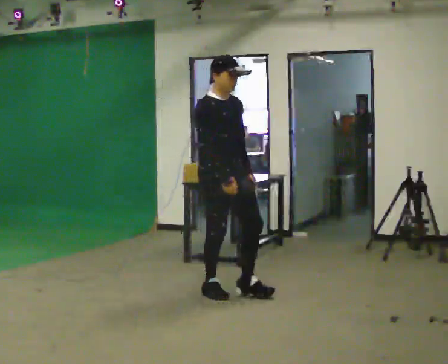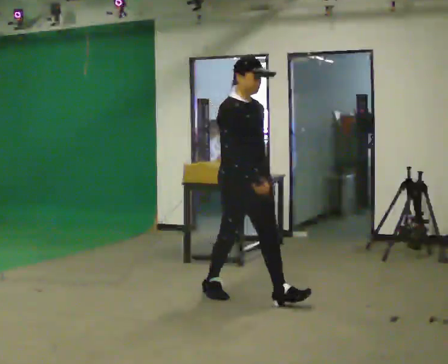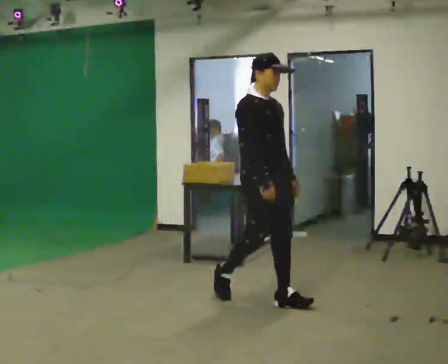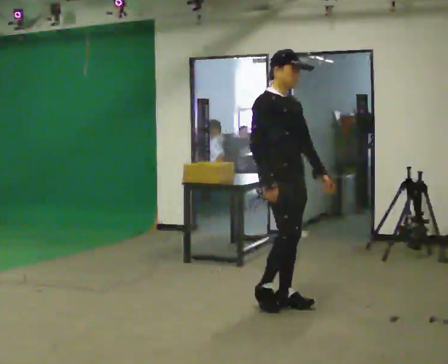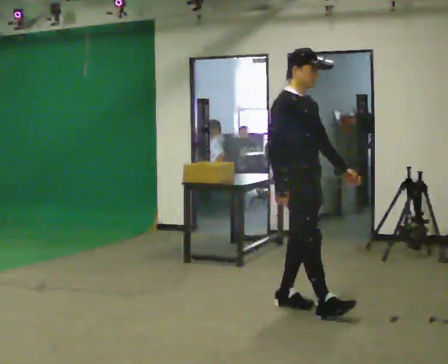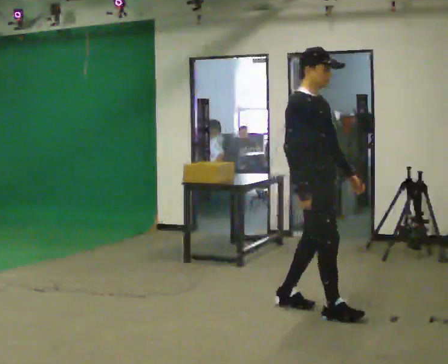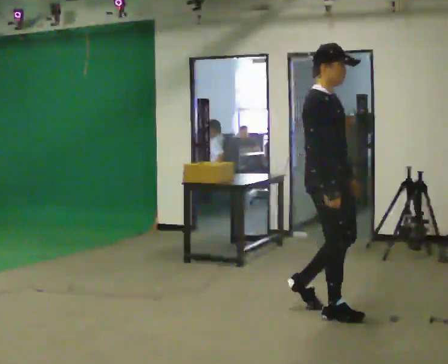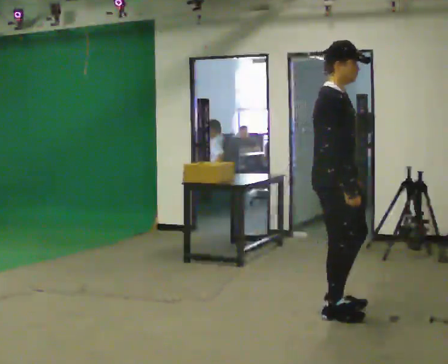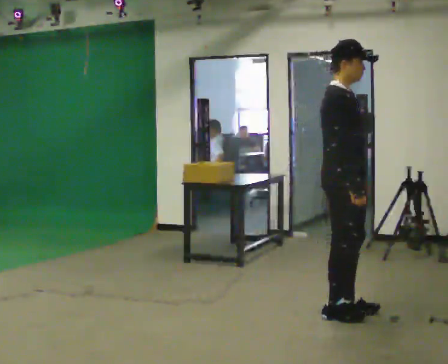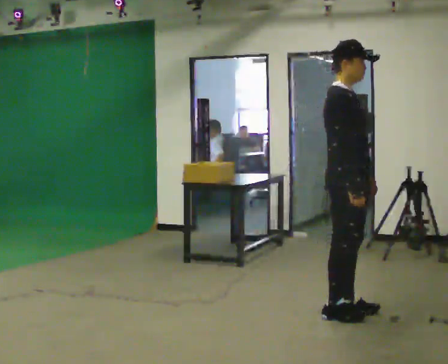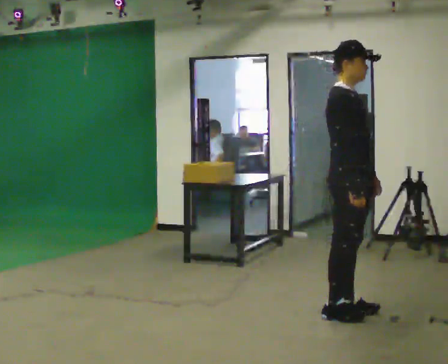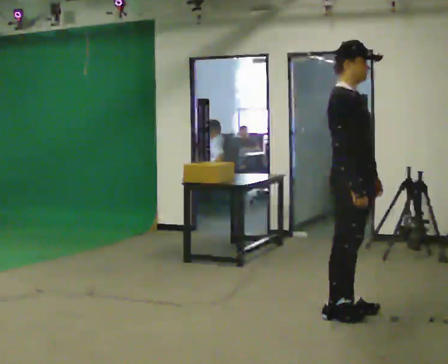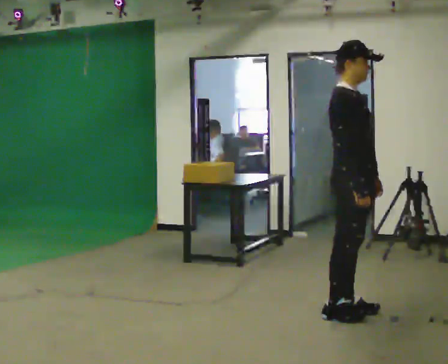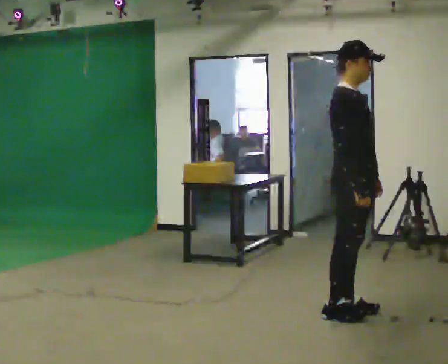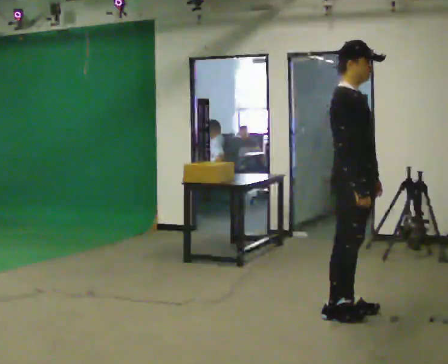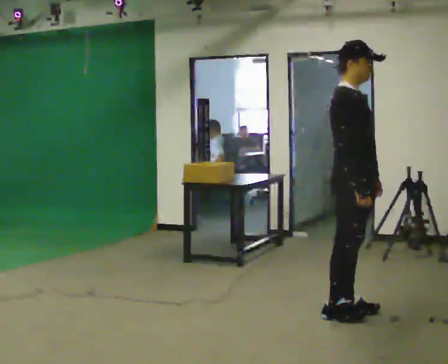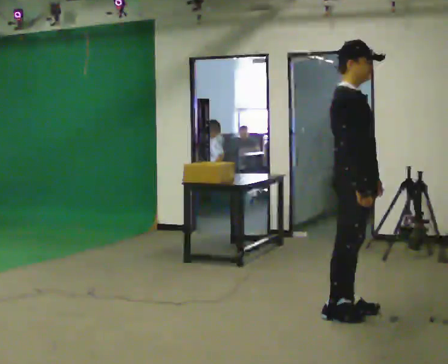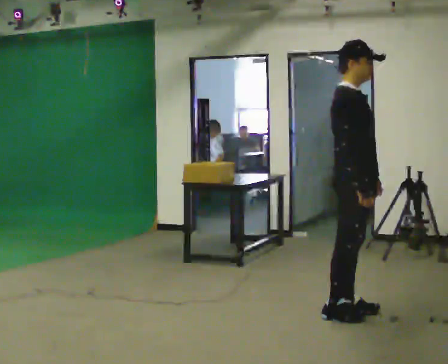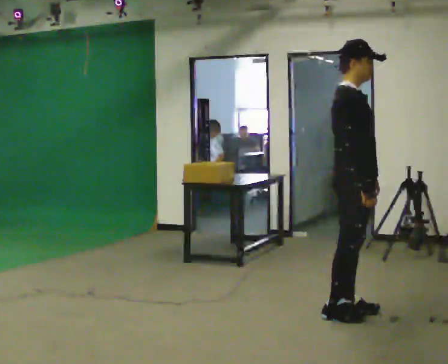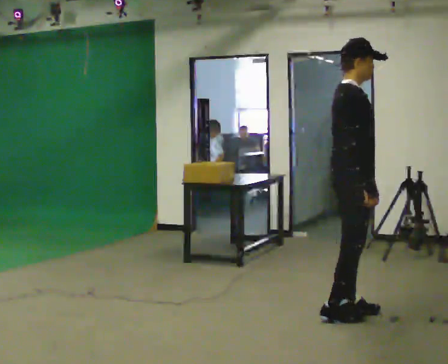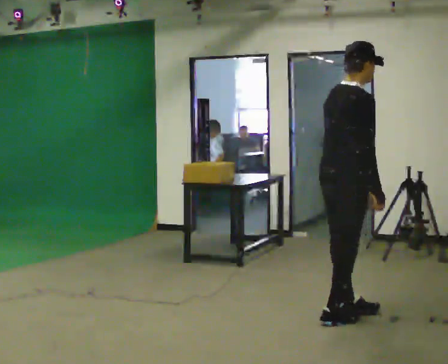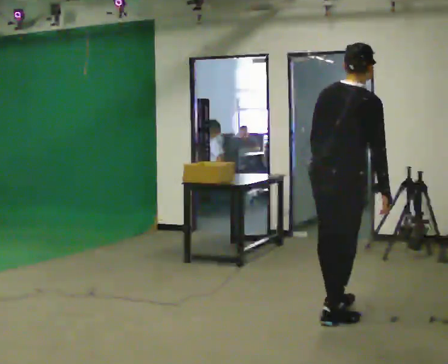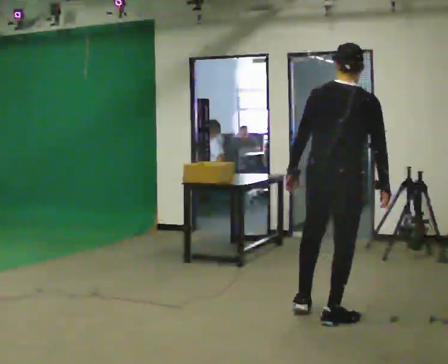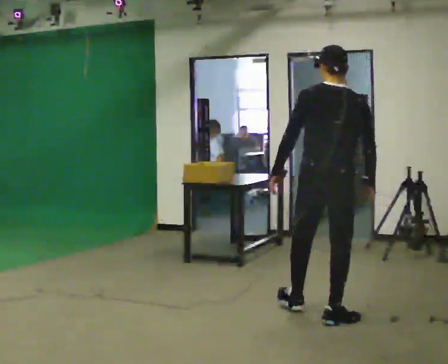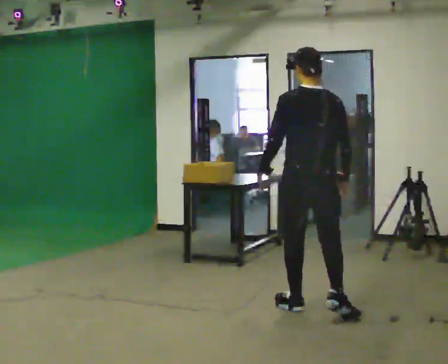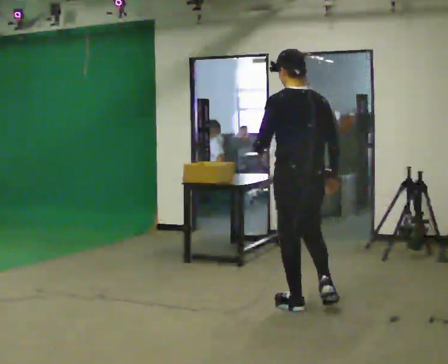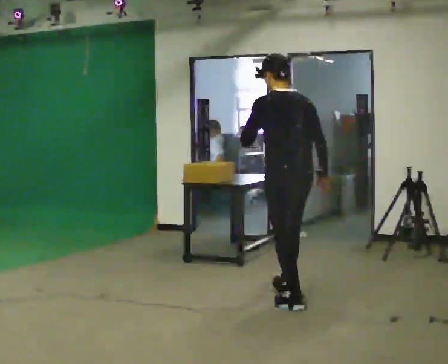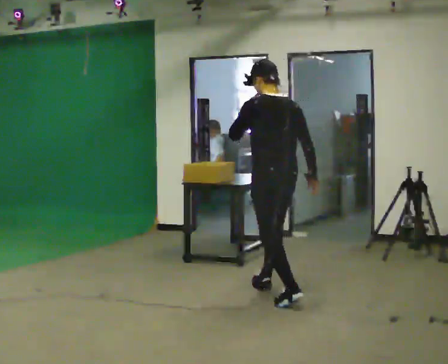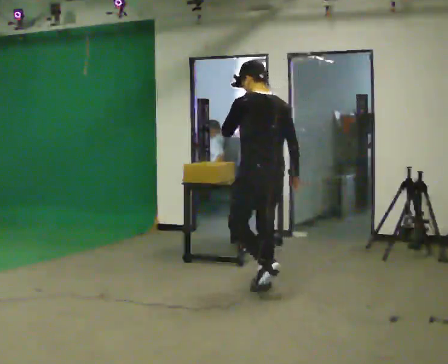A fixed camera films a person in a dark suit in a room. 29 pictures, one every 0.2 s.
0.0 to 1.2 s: In the picture they go to the right and toward the camera, about 1 m in 2 steps, which for them is forward.
1.2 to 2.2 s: In the picture they go to the right, about 0.25 m in 1 step, which for them is forward.
2.2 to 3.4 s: The person moves a little, or ends about where they began.
3.4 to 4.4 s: The part of the body nearest the lens slides to the right as the person turns to their left by about 90 degrees. The upper body tips away from the camera, its near side rolling upward. In the picture their left hand goes to the left, the arm swinging clockwise.
4.4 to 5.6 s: The person turns about 45 degrees to their left, counterclockwise seen from above, so the part of the body nearest the lens slides to the right. In the picture they go away from the camera and to the left, about 1 m in 2 steps, which for them is forward. In the picture their left hand goes upward.
The film runs forward here.
